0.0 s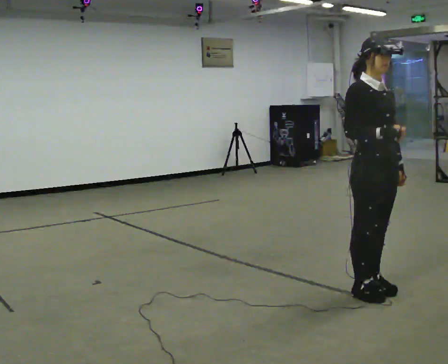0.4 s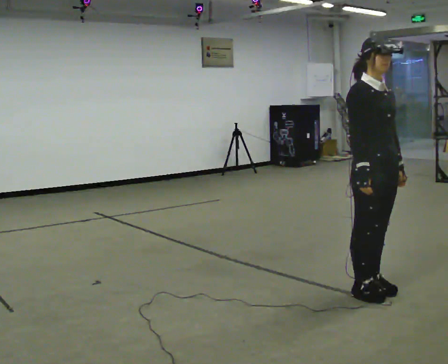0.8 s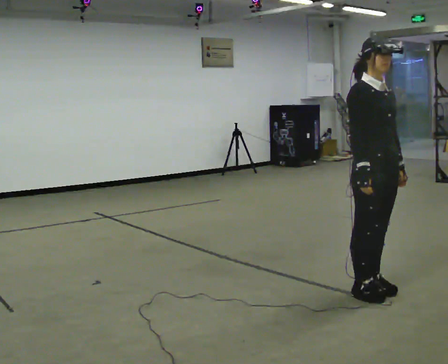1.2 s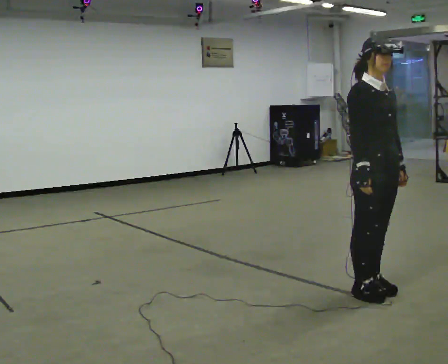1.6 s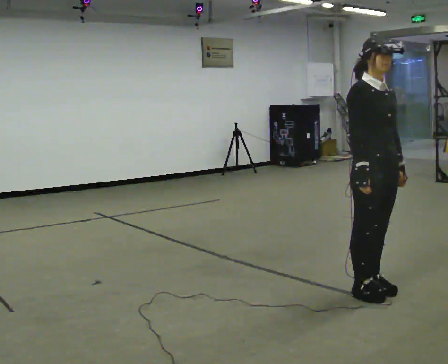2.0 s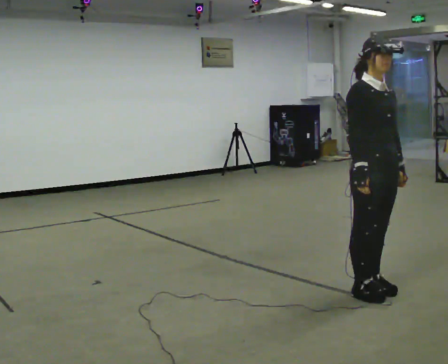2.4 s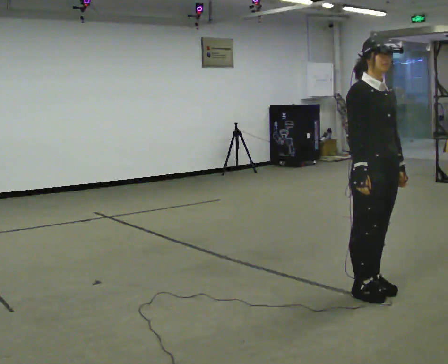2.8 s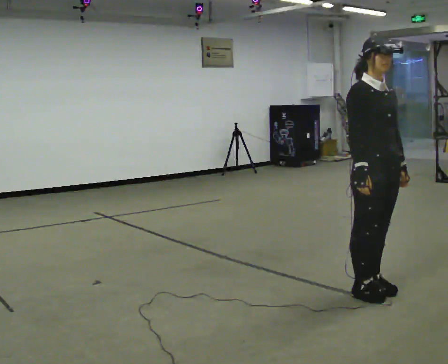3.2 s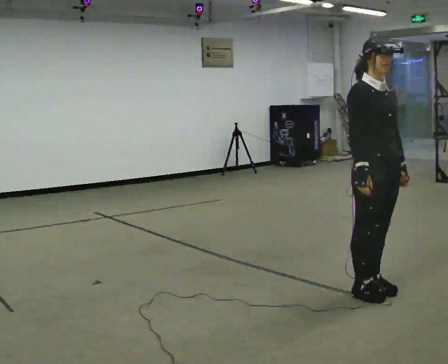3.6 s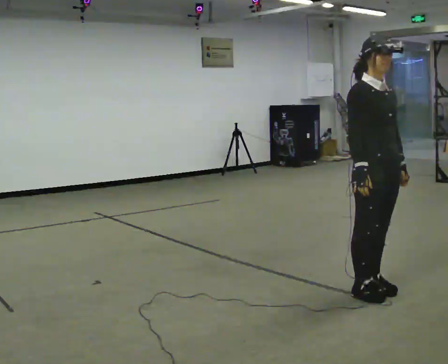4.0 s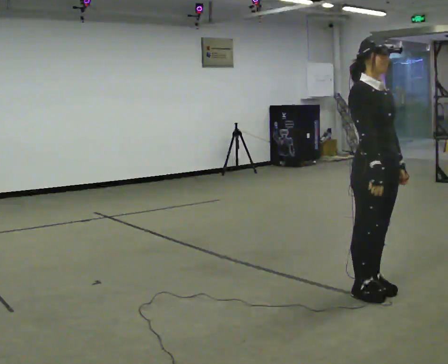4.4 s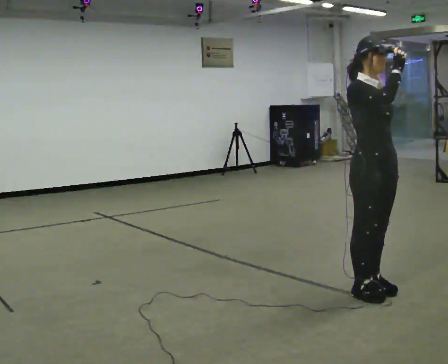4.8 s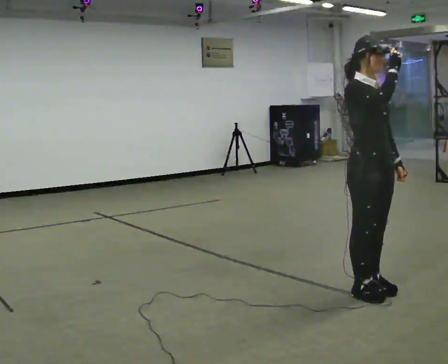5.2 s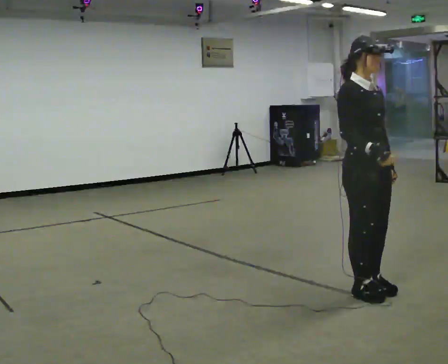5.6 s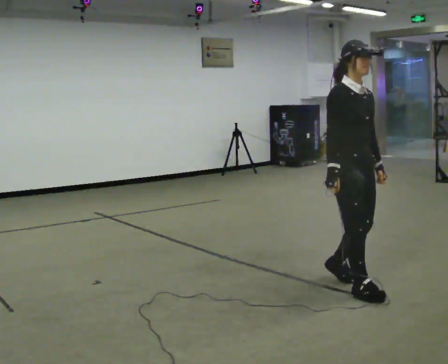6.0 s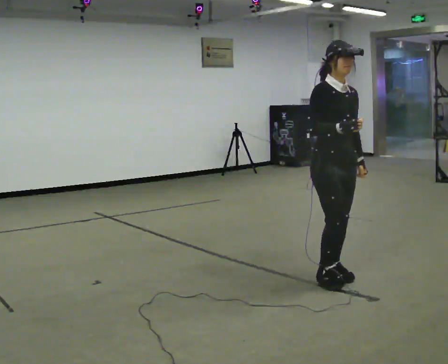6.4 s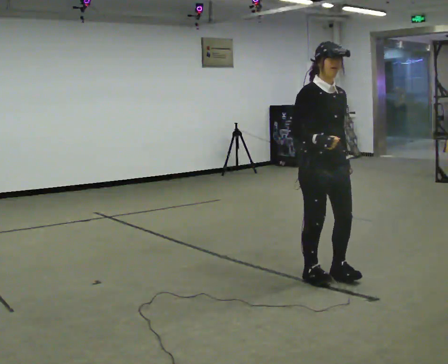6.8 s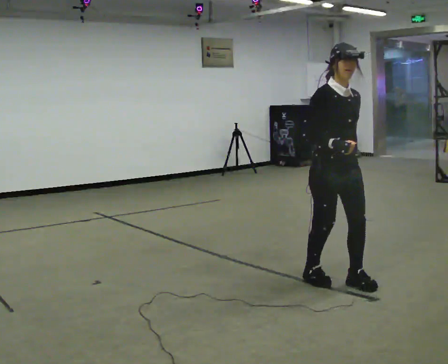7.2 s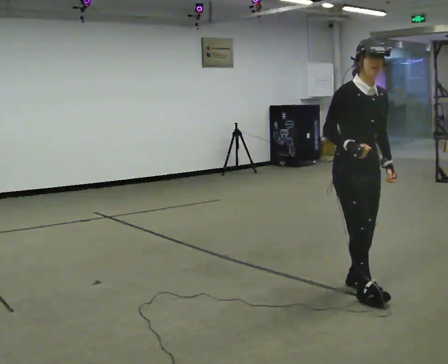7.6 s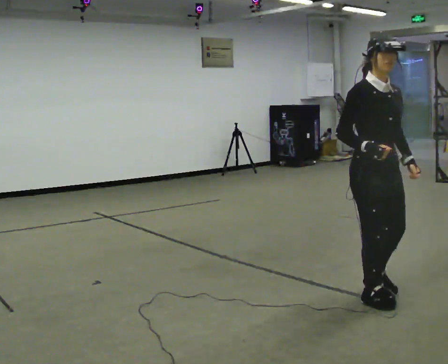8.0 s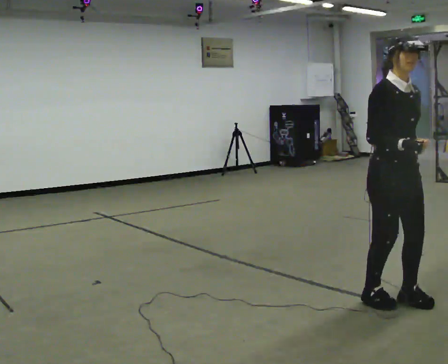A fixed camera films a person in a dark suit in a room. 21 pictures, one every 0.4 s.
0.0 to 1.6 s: The person moves a little, or ends about where they began.
1.6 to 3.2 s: The person keeps their place and pose.
3.2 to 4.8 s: In the picture their right hand goes upward.
4.8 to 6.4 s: In the picture they go to the left and away from the camera, about 0.5 m in 3 steps, which for them is backward. In the picture their right hand goes downward.
6.4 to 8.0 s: In the picture they go toward the camera and to the right, about 0.5 m in 2 steps, which for them is forward.
The film runs backward here.
